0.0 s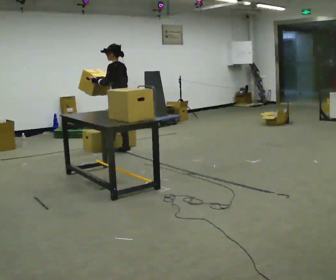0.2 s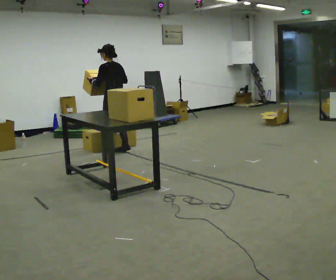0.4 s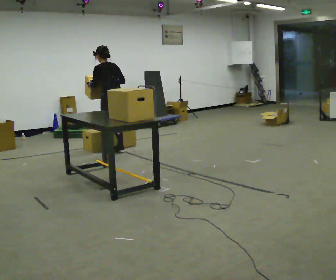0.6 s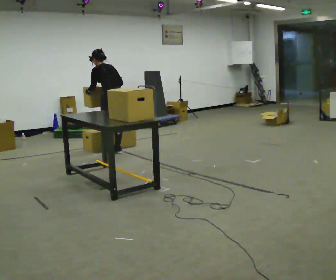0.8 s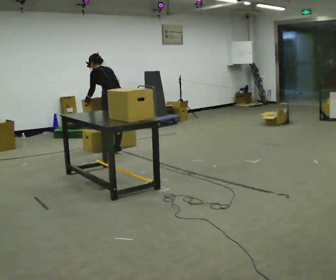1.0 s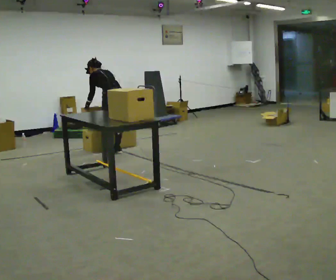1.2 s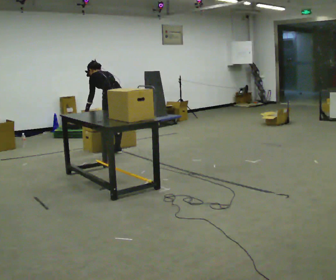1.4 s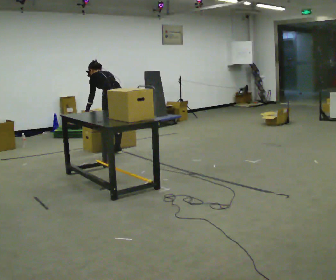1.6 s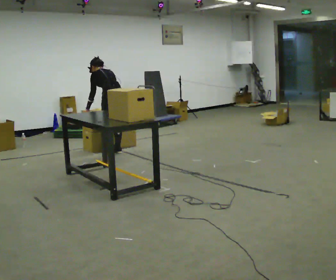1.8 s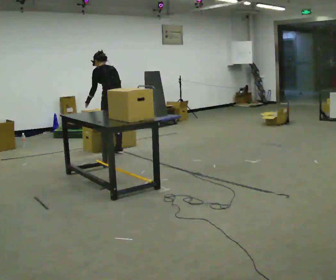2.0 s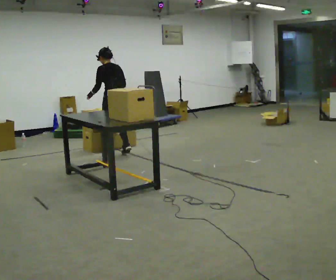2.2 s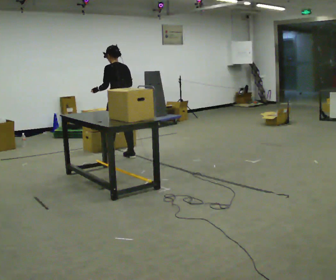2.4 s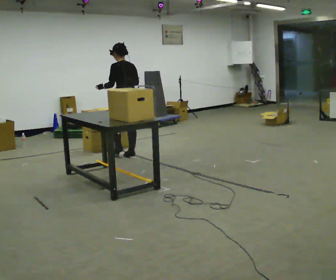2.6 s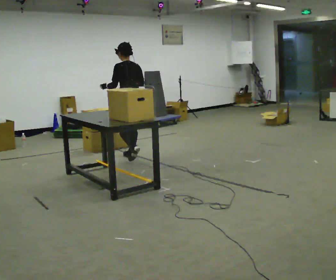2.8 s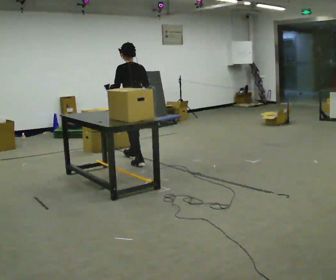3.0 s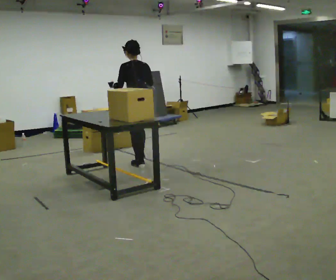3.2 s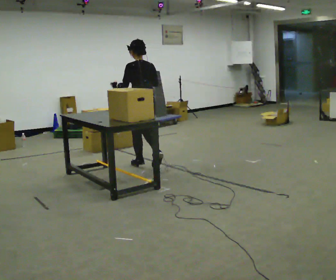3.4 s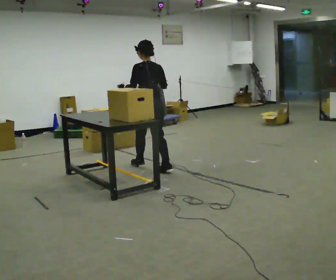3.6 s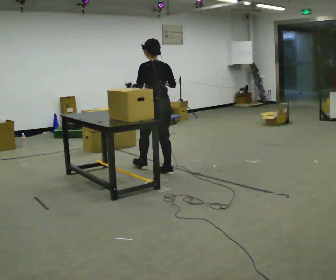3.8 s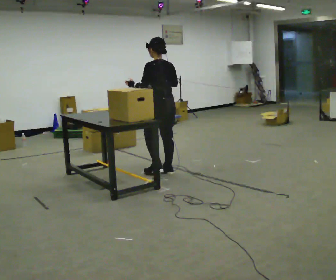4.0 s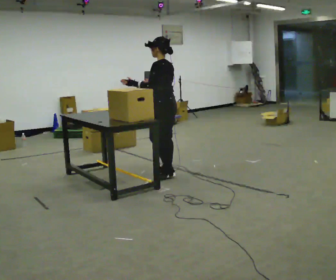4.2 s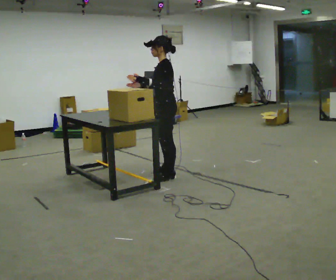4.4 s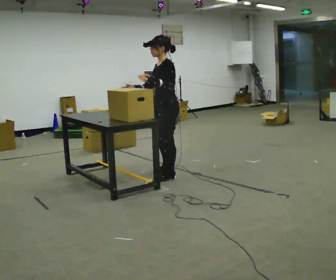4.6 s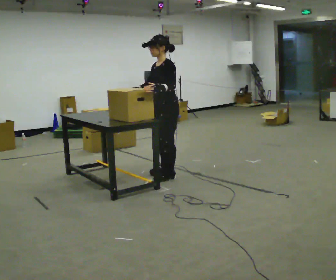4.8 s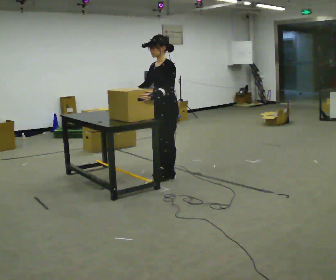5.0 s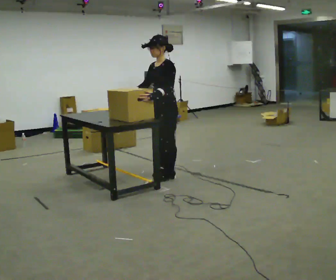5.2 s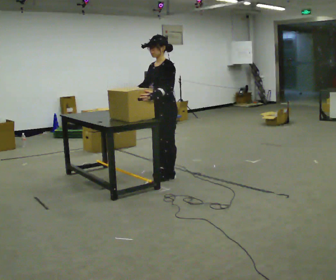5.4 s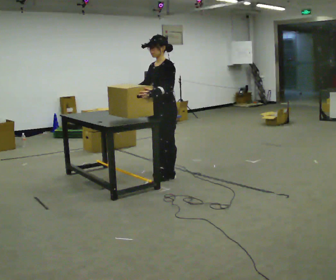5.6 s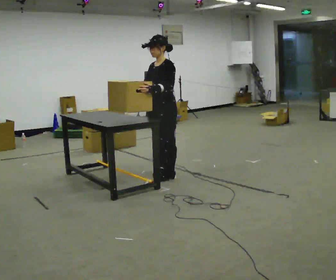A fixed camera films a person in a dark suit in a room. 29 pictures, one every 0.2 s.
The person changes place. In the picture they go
toward the camera.
0.0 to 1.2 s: The upper body tips away from the camera, its near side rolling upward, as they bend forward. In the picture their right hand goes downward.
1.2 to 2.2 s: In the picture they go toward the camera, about 0.25 m in 1 step, which for them is backward. The upper body tips toward the camera, its near side rolling downward, as they lean back or straighten.
2.2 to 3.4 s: In the picture they go toward the camera and to the right, about 1 m in 2 steps, which for them is backward.
3.4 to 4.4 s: Seen from above the body turns counterclockwise, about 75 degrees: to their left, with its near side sliding to the right. In the picture they go toward the camera and to the right, about 0.5 m in 1 step.
4.4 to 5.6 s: The person moves a little, or ends about where they began.
The film runs backward here.
